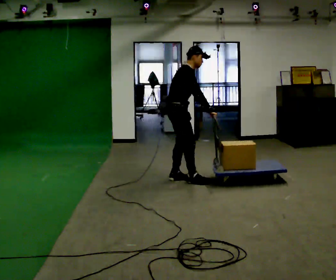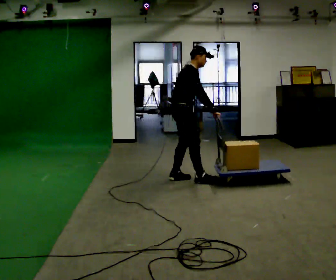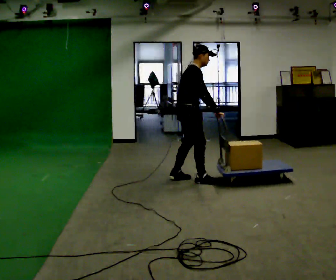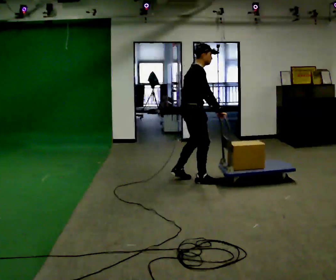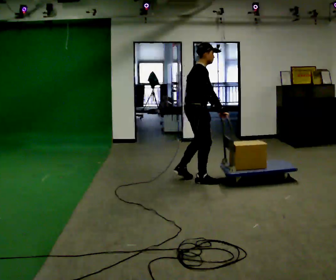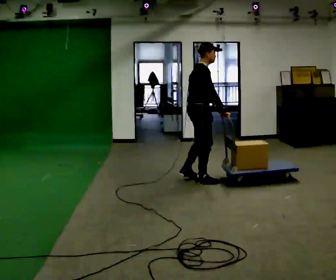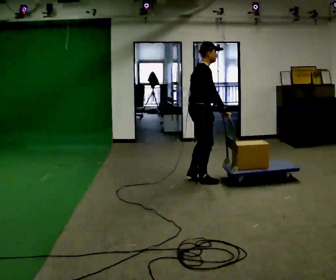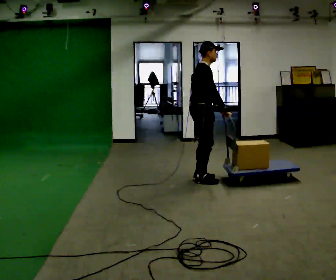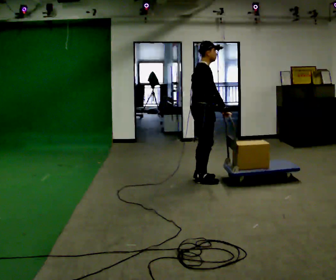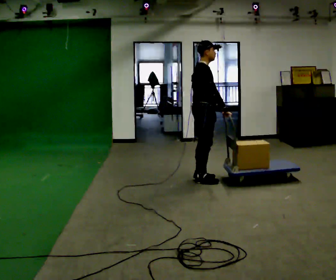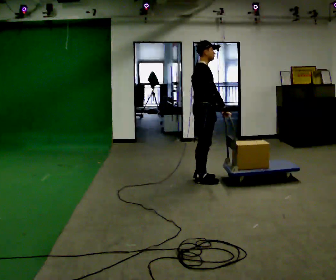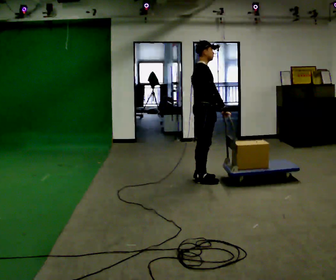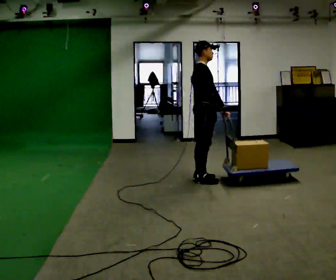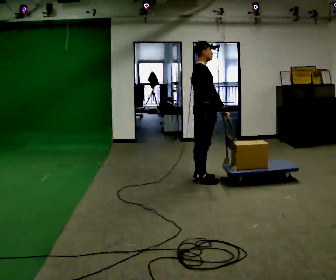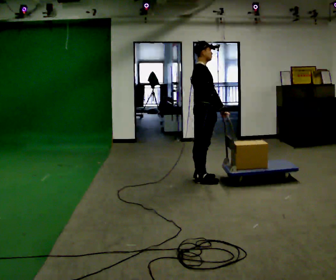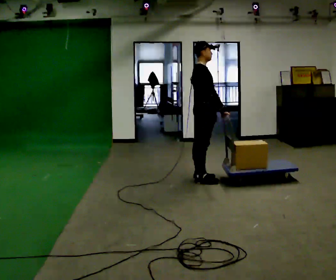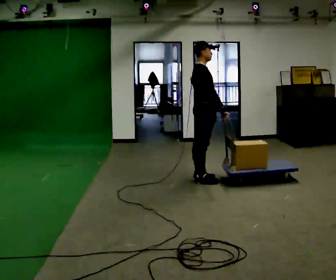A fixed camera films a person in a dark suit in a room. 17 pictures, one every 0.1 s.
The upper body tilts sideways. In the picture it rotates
counterclockwise.
0.0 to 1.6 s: In the picture they go to the right, about 0.25 m in 2 steps, which for them is forward. In the picture the upper body tilts counterclockwise, shoulders to the left, as they lean back or straighten.
The film runs forward here.
